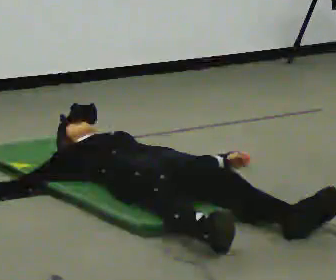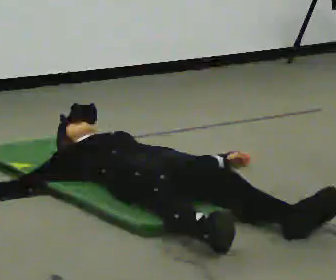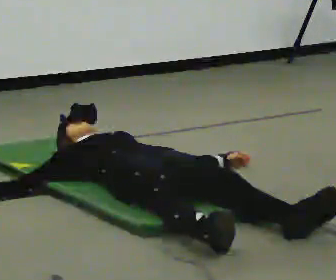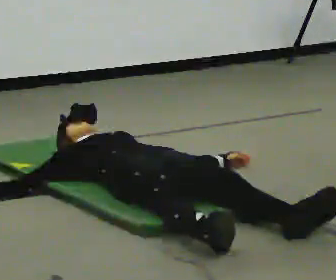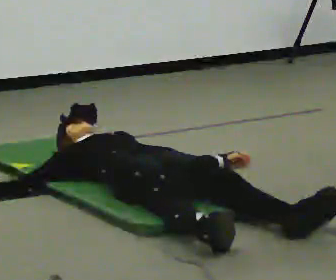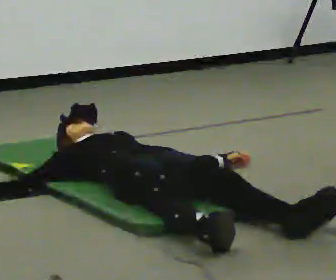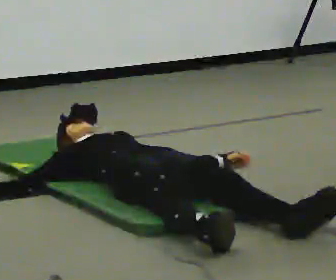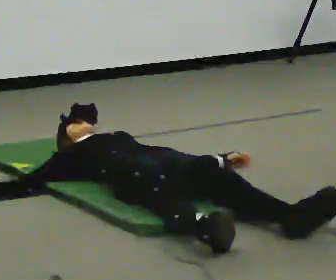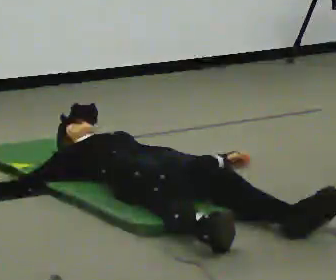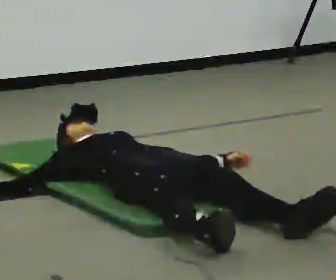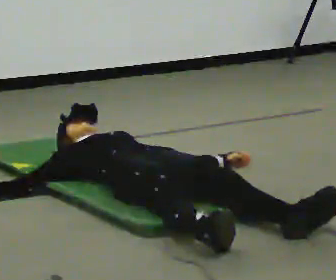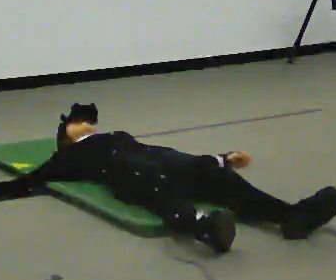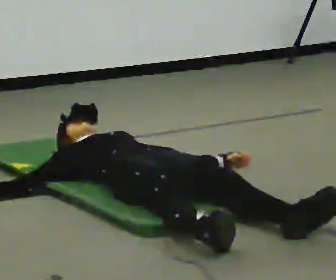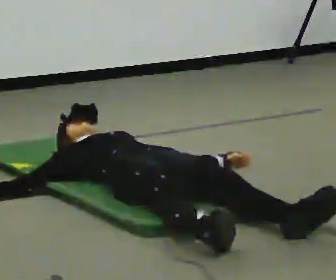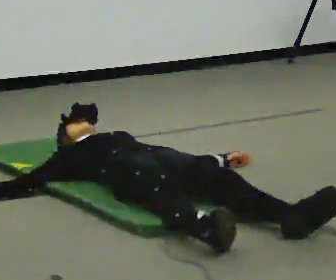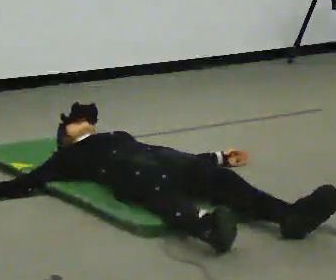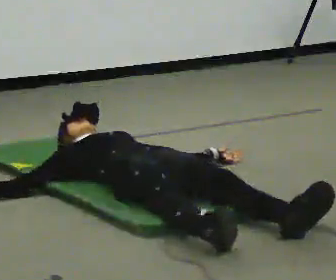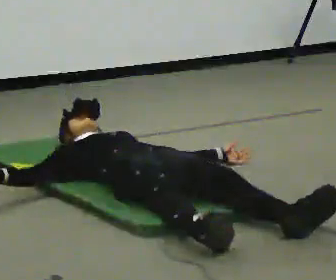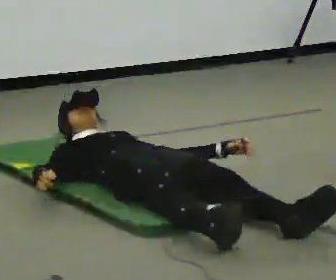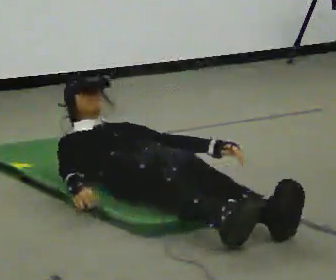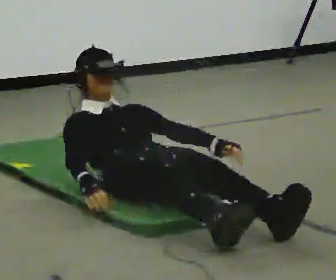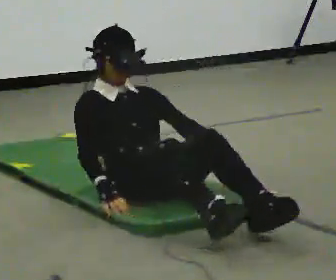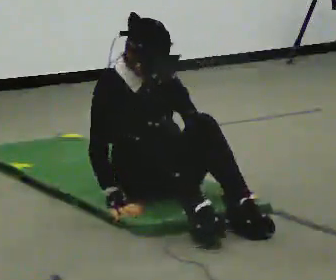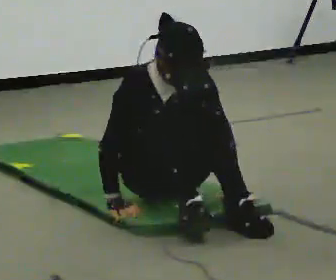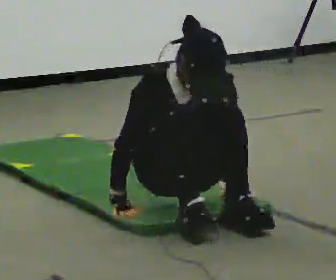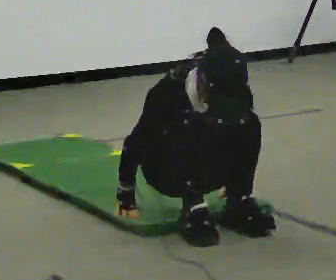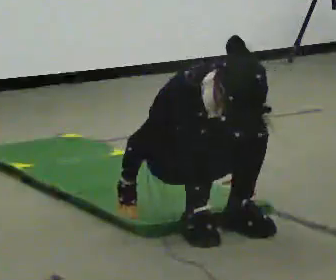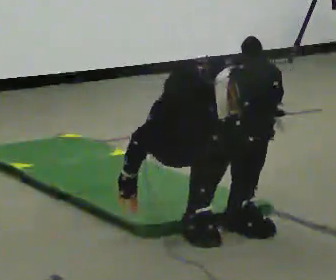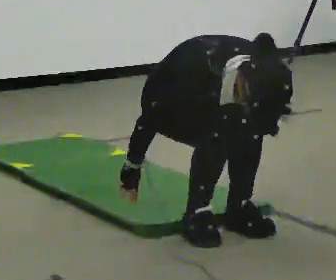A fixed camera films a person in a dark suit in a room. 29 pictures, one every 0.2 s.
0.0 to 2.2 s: The person keeps their place and pose.
2.2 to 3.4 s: The person moves a little, or ends about where they began.
3.4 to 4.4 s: The shoulders move upward. The upper body tips toward the camera, its near side rolling downward, as they bend forward. In the picture their right hand goes to the right.
4.4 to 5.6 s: In the picture they go toward the camera, about 0.25 m, which for them is forward. The shoulders move upward. The upper body tips toward the camera, its near side rolling downward, as they bend forward.
The film runs backward here.
